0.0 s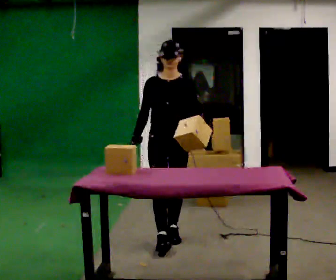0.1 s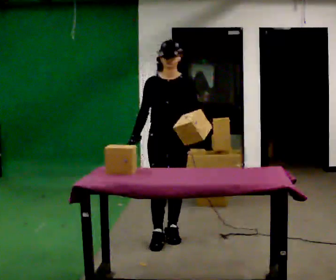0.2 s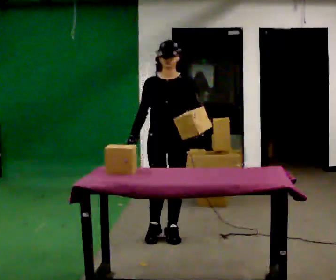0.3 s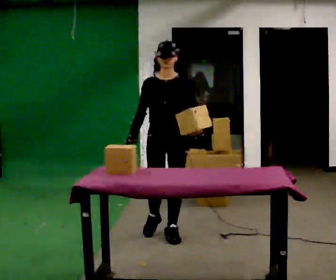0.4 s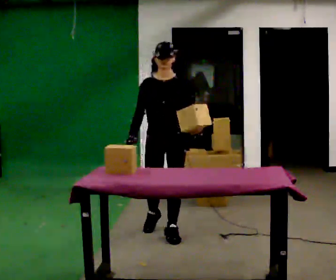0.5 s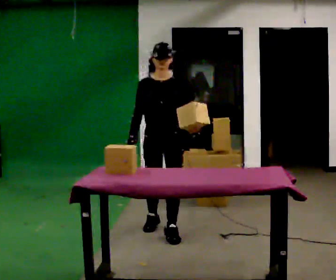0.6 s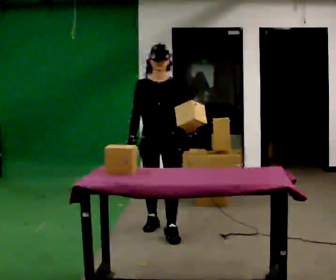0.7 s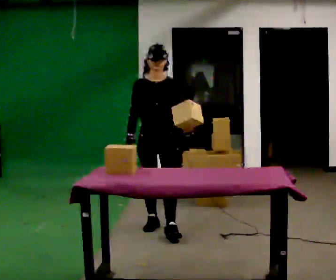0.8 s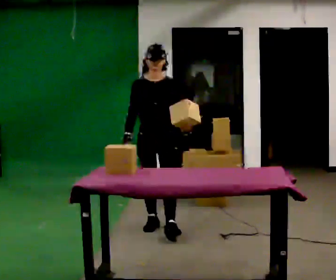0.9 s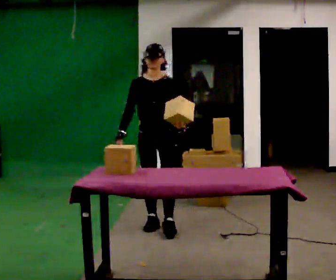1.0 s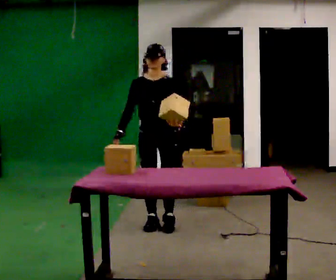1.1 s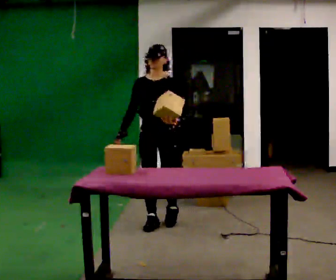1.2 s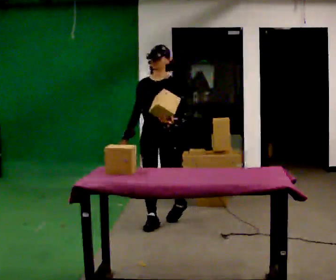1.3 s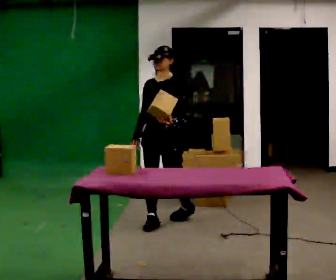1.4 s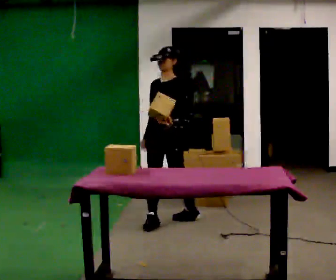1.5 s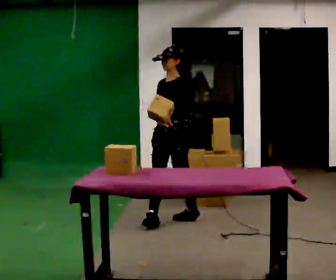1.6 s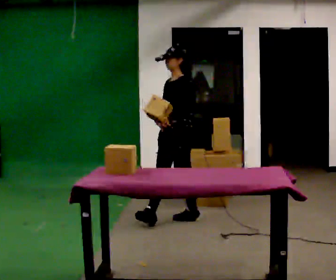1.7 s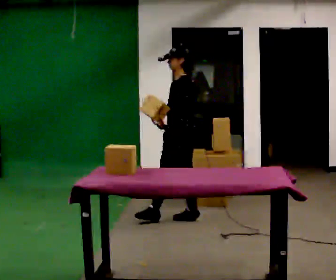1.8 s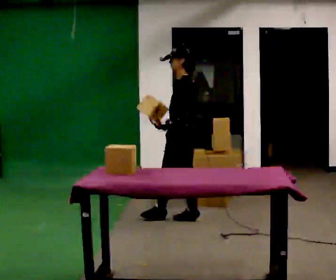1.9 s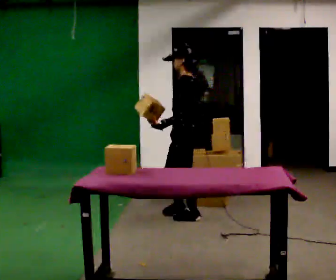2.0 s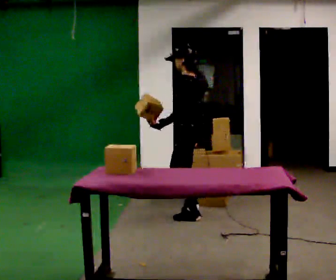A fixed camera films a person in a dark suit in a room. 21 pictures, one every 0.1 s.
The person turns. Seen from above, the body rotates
clockwise.
The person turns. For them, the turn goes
to their right.
0.0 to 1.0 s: In the picture they go away from the camera, about 0.5 m in 1 step, which for them is backward.
1.0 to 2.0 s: The person turns about 105 degrees to their right, clockwise seen from above, so the part of the body nearest the lens slides to the left. In the picture they go to the right and away from the camera, about 0.25 m in 1 step.
The film runs backward here.
